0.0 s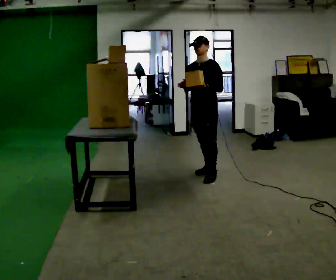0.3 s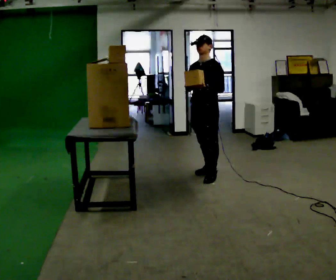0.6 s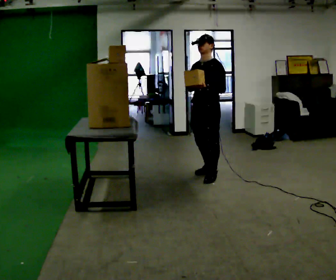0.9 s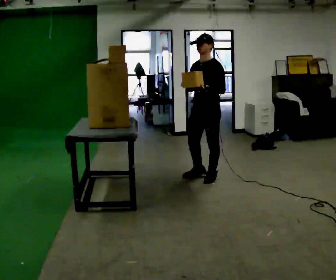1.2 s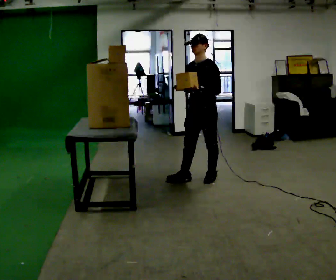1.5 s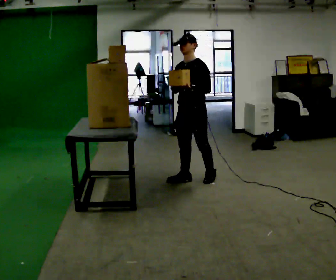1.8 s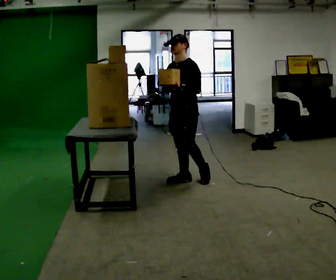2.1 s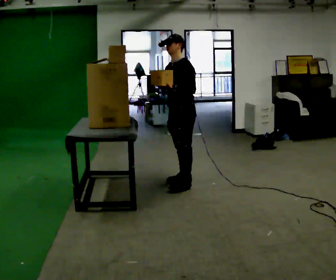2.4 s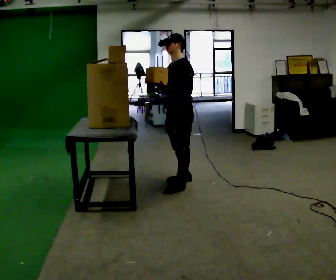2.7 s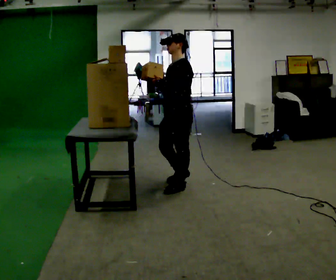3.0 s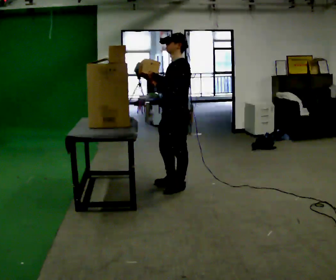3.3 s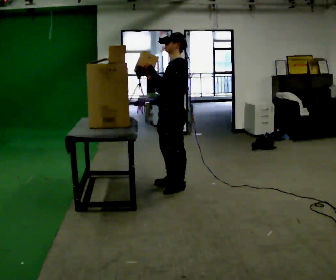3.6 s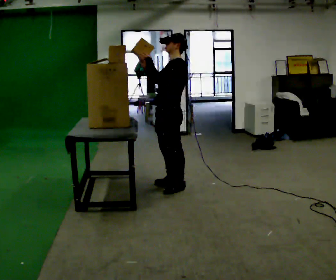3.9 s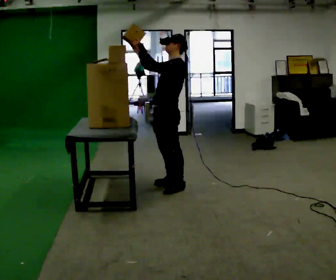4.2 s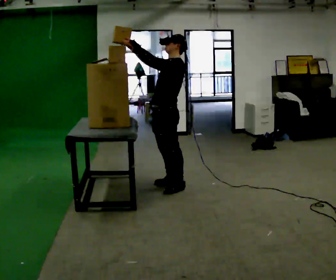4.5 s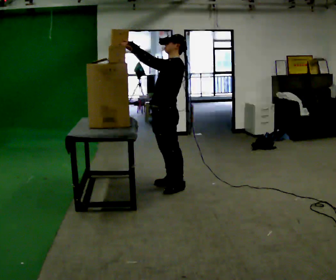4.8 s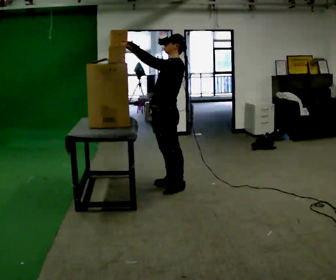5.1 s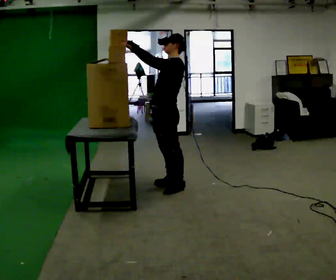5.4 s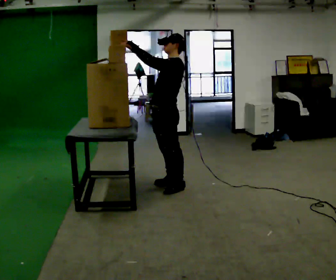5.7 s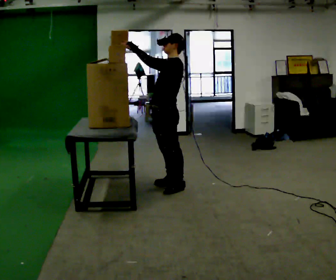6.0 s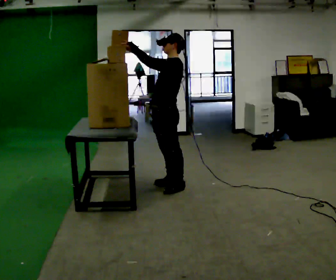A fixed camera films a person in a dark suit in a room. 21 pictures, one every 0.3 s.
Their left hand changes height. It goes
upward.
0.0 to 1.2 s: In the picture they go toward the camera, about 0.25 m in 1 step, which for them is forward and to their left.
1.2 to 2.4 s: In the picture they go to the left and toward the camera, about 0.25 m in 1 step, which for them is forward.
2.4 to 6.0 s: In the picture their left hand goes upward and to the left.
The film runs forward here.
